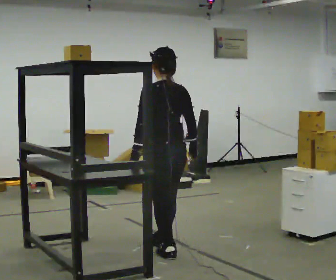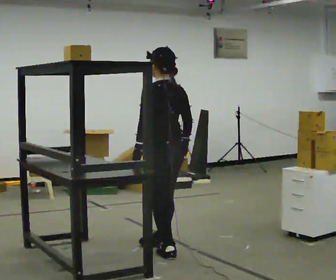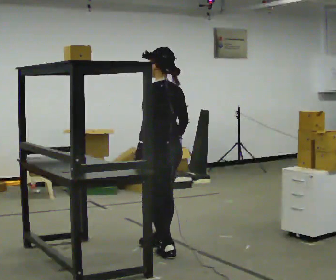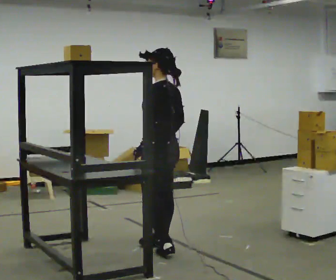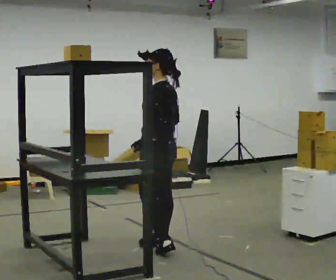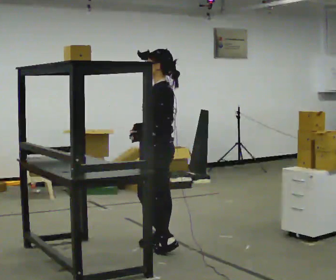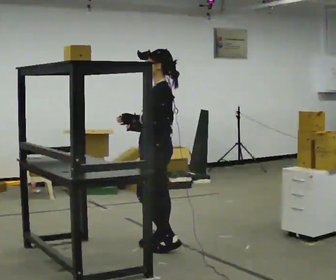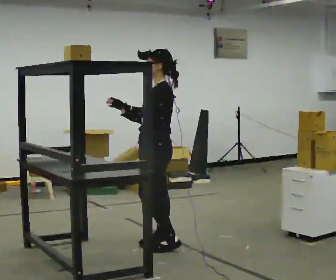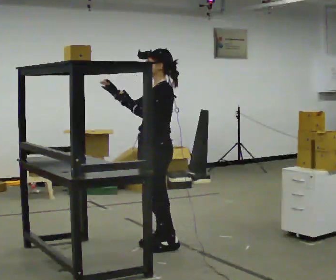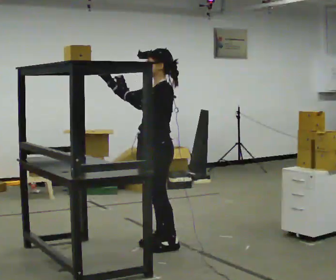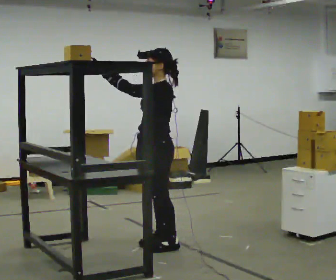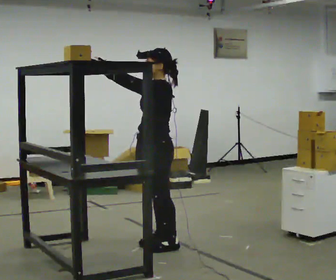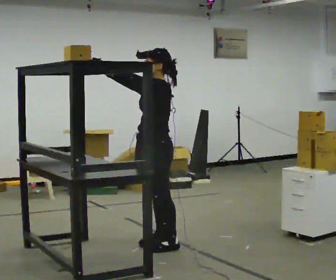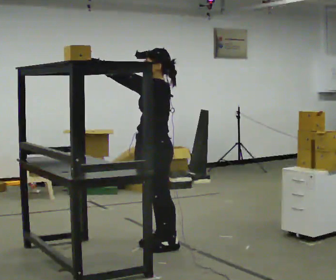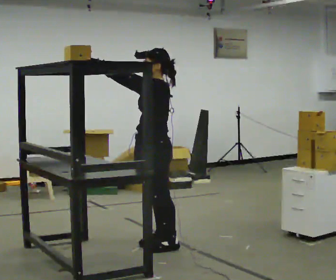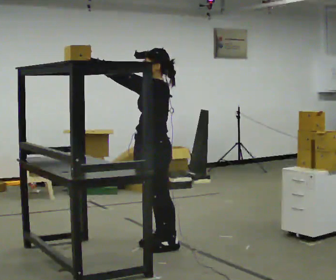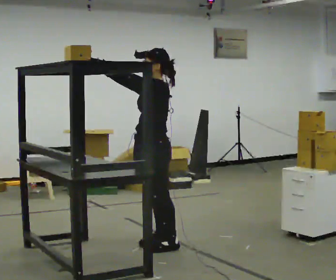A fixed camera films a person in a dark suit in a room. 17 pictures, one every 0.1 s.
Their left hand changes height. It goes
upward.
The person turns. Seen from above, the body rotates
counterclockwise.
0.0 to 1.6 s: Seen from above the body turns counterclockwise, about 75 degrees: to their left, with its near side sliding to the right. In the picture they go away from the camera, about 0.25 m in 1 step. In the picture their right hand goes to the left and upward, the arm swinging clockwise.
The film runs backward here.
